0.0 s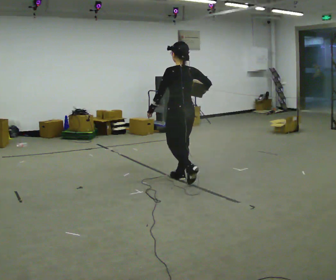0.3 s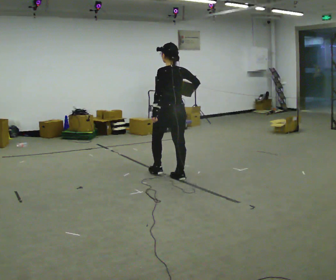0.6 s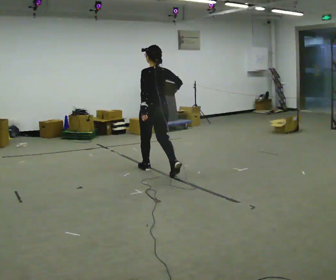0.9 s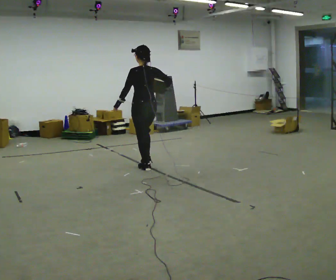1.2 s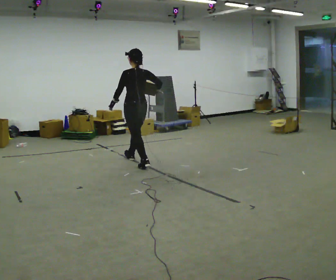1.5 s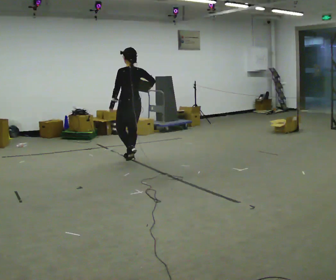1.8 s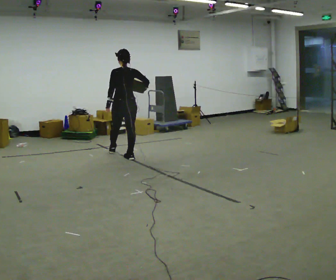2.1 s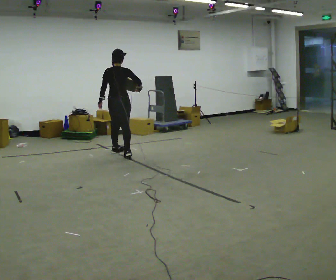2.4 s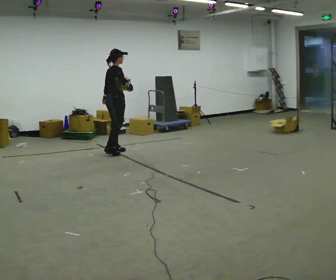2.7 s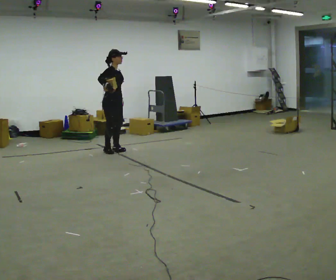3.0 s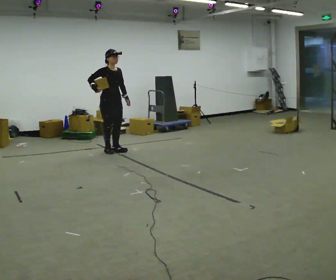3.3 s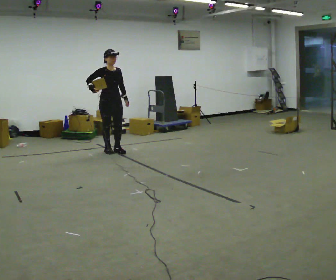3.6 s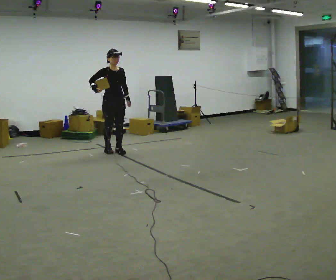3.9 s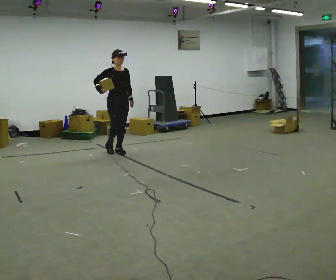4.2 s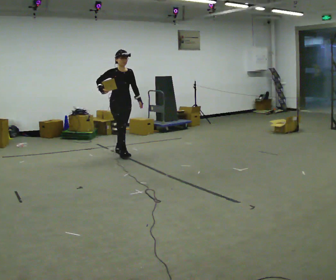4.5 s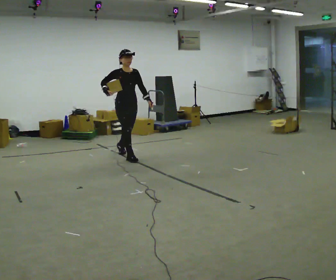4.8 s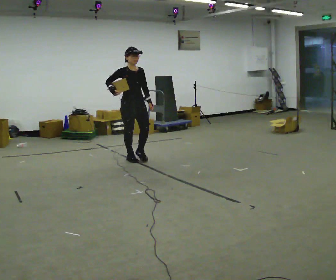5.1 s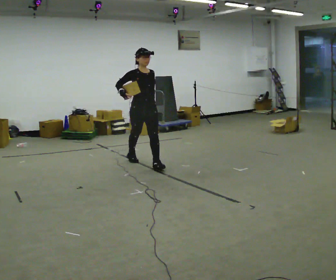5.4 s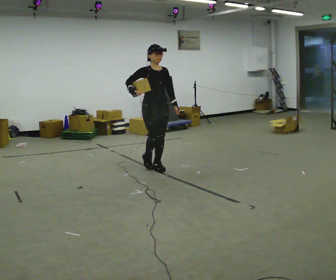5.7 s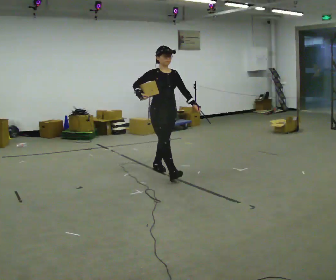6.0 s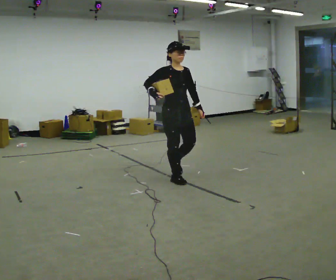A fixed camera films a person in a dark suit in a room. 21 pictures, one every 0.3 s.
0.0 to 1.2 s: In the picture they go away from the camera and to the left, about 1 m in 2 steps, which for them is forward.
1.2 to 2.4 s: Seen from above the body turns clockwise, about 105 degrees: to their right, with its near side sliding to the left. In the picture they go away from the camera and to the left, about 0.5 m in 1 step.
2.4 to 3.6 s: The part of the body nearest the lens slides to the left as the person turns to their right by about 90 degrees. In the picture their right hand goes to the left.
3.6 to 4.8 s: In the picture they go toward the camera and to the right, about 0.75 m in 1 step, which for them is forward.
4.8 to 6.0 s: In the picture they go toward the camera and to the right, about 1 m in 2 steps, which for them is forward.
The film runs forward here.
